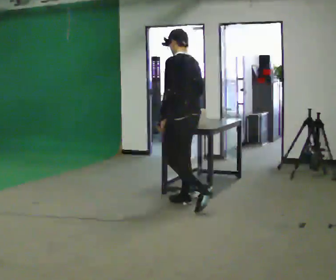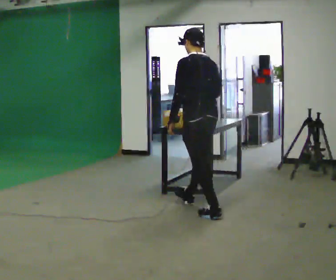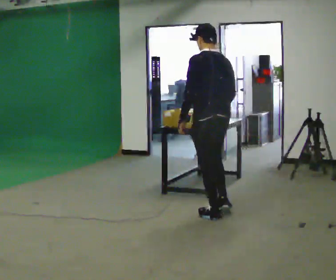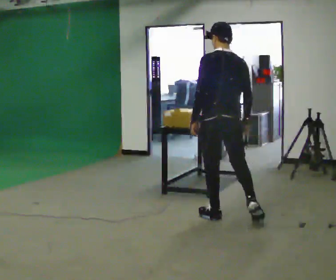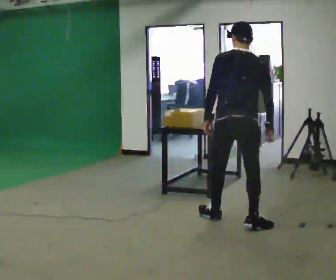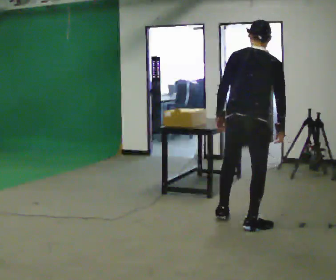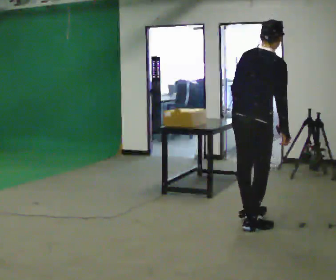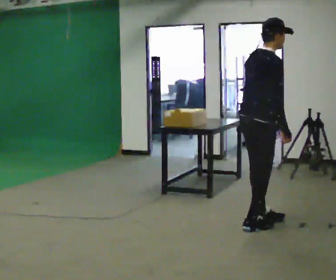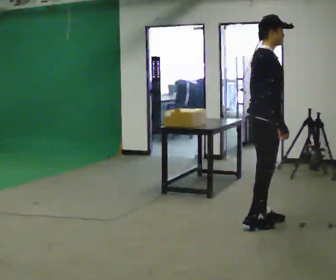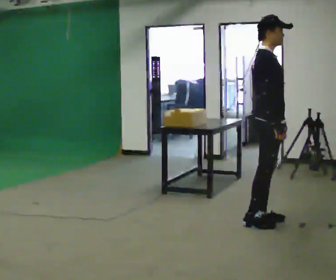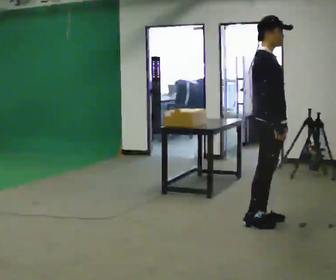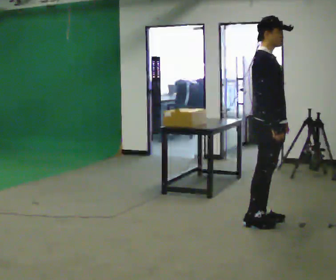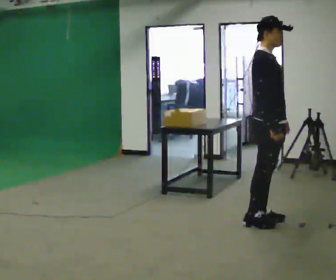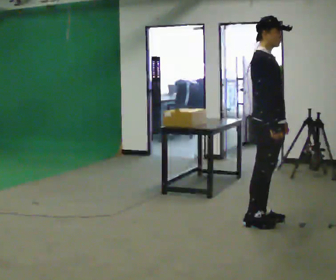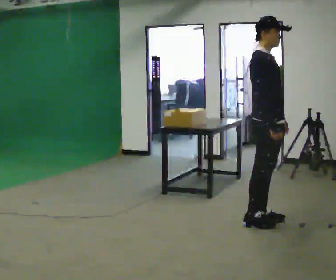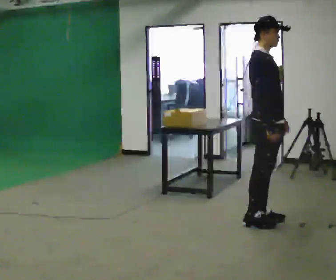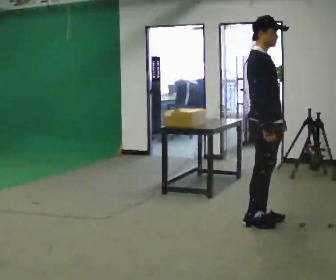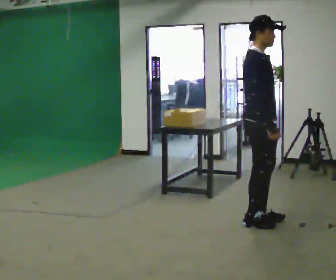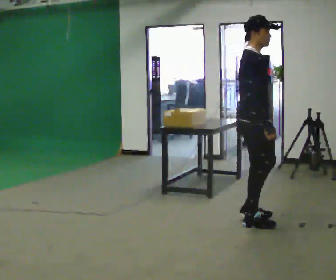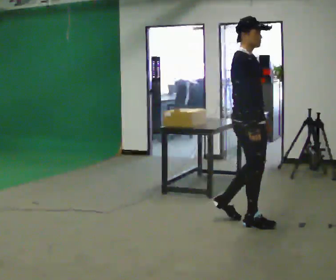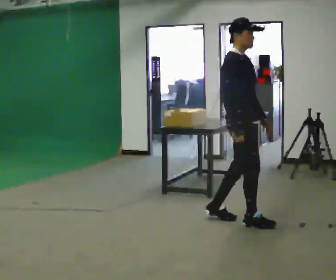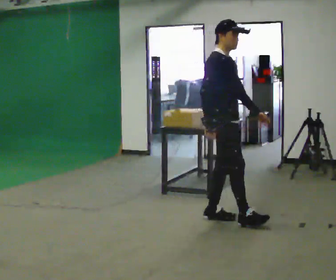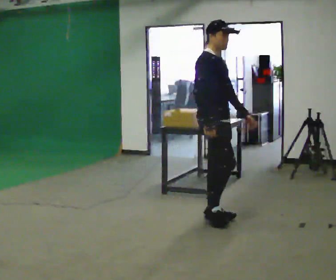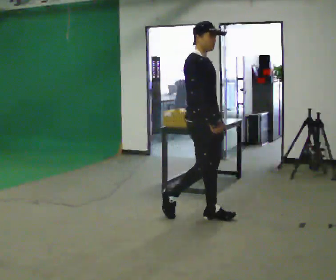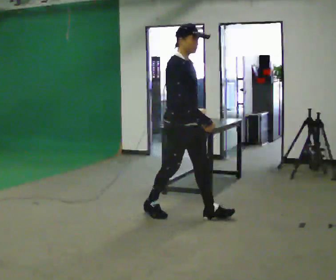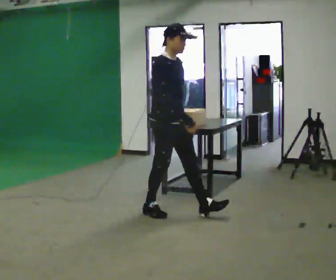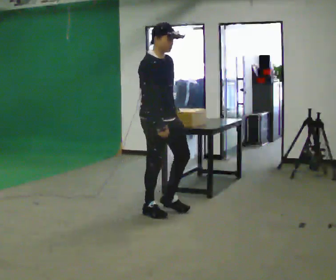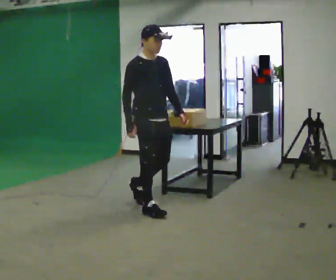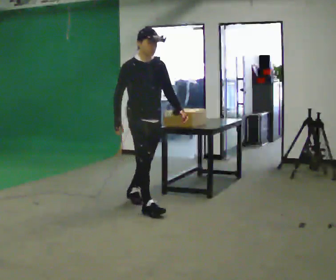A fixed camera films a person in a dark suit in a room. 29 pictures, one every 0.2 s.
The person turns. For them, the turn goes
to their right.
The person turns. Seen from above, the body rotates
clockwise.
0.0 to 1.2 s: The person turns about 105 degrees to their right, clockwise seen from above, so the part of the body nearest the lens slides to the left. In the picture they go to the right and toward the camera, about 1 m in 2 steps. In the picture the upper body tilts clockwise, shoulders to the right.
1.2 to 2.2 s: The person turns about 60 degrees to their right, clockwise seen from above, so the part of the body nearest the lens slides to the left. In the picture the upper body tilts counterclockwise, shoulders to the left, as they lean back or straighten. In the picture their left hand goes to the right.
2.2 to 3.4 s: The person moves a little, or ends about where they began.
3.4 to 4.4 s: In the picture they go to the left, about 0.5 m in 2 steps, which for them is backward.
4.4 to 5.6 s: Seen from above the body turns clockwise, about 30 degrees: to their right, with its near side sliding to the left. In the picture they go to the left and away from the camera, about 1 m in 1 step, which for them is backward.
The film runs backward here.
